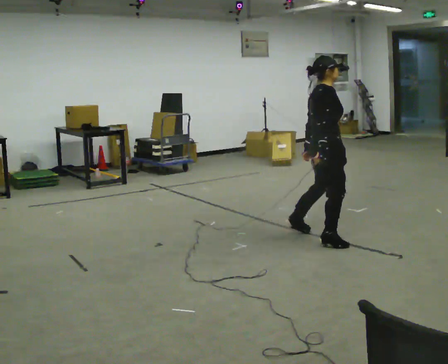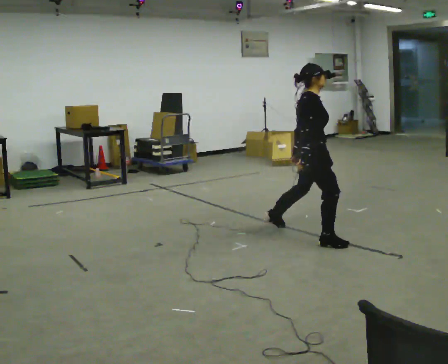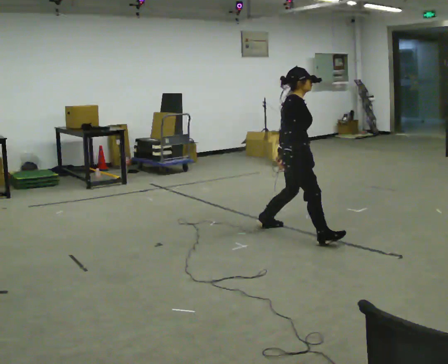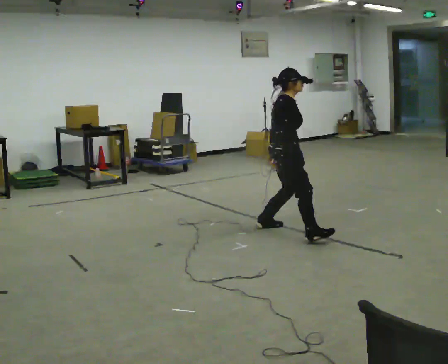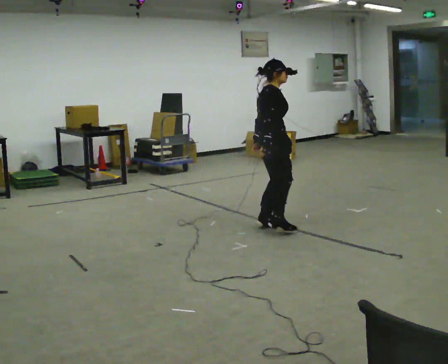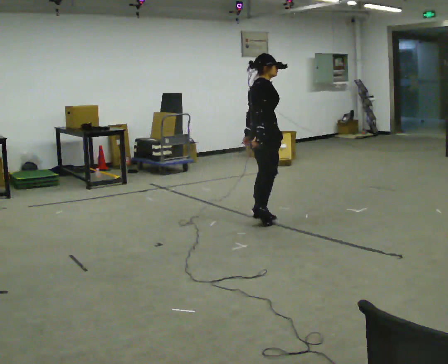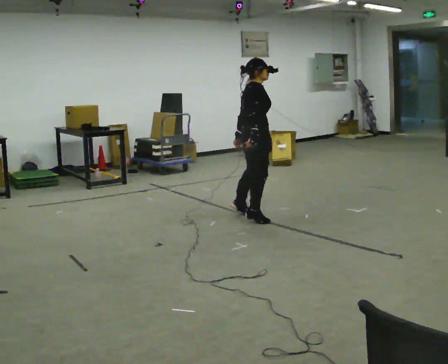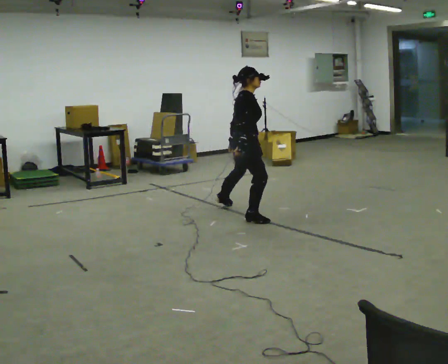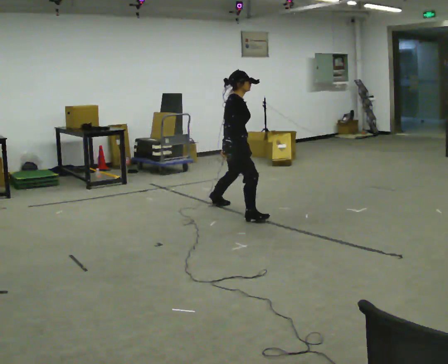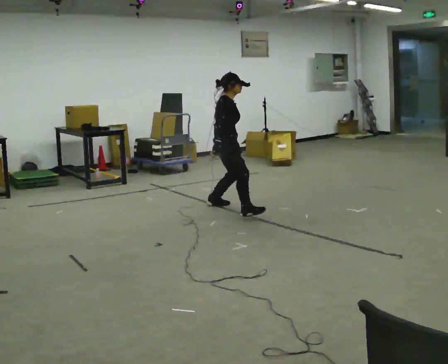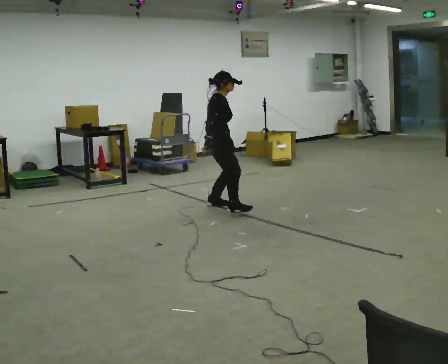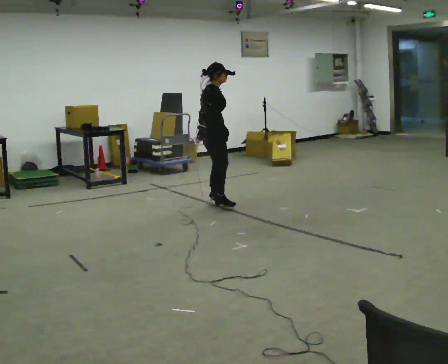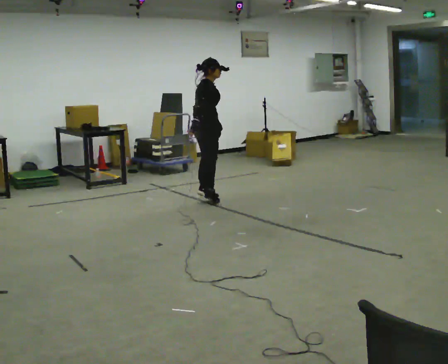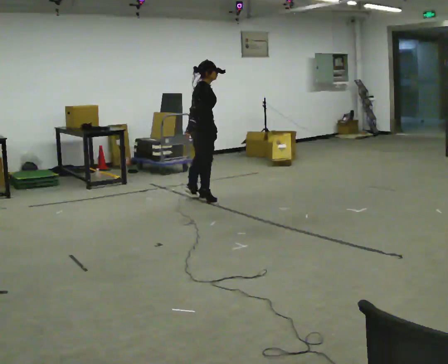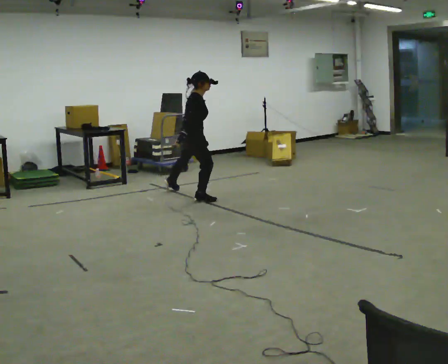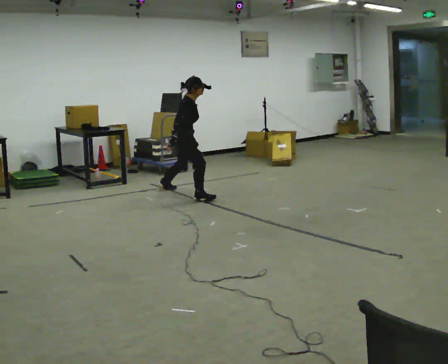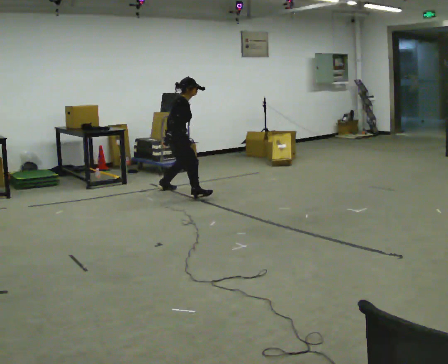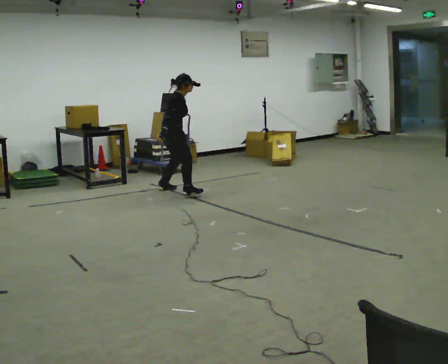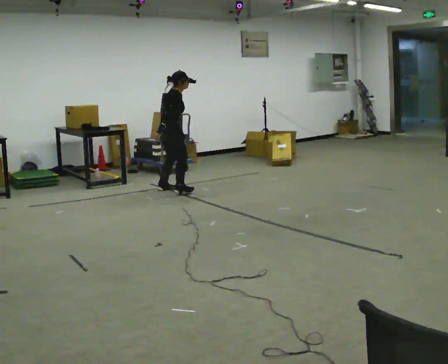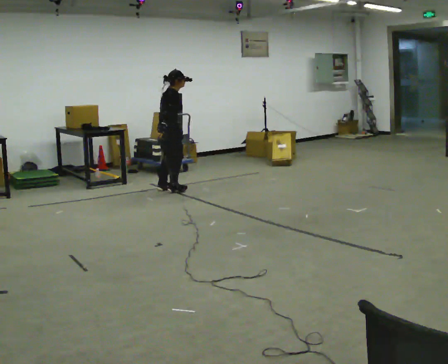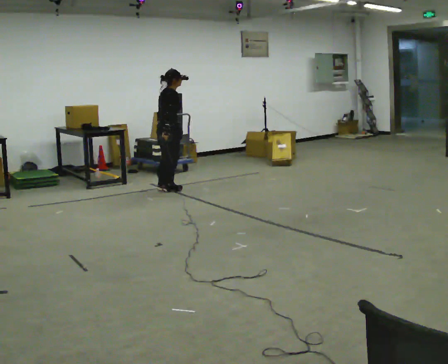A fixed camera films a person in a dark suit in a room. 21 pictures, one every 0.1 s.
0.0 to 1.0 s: In the picture they go away from the camera and to the left, about 1.5 m in 3 steps, which for them is to their left.
1.0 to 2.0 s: In the picture they go away from the camera and to the left, about 1 m in 2 steps, which for them is to their left.
The film runs backward here.
